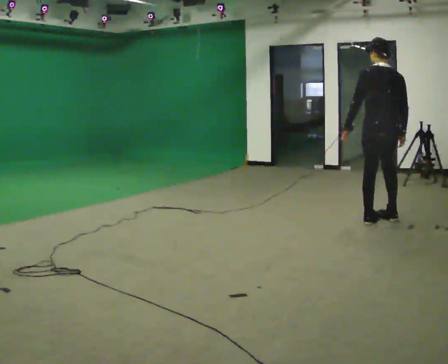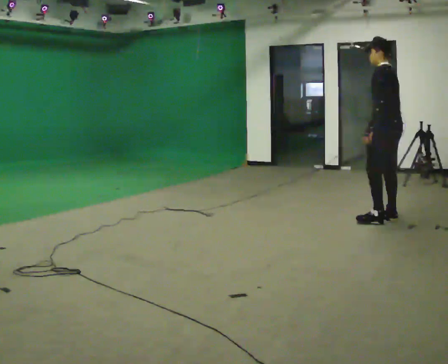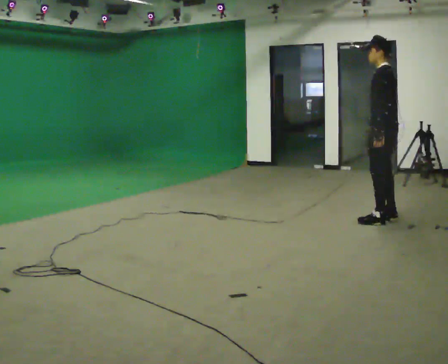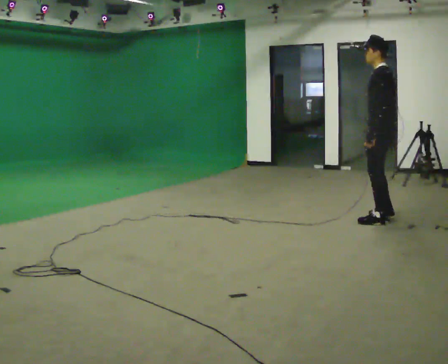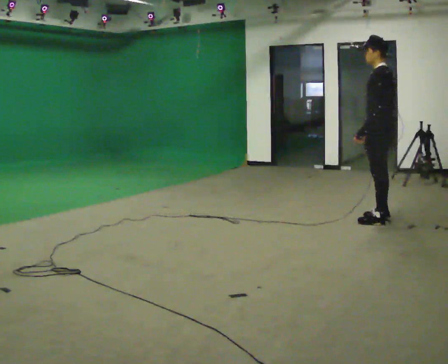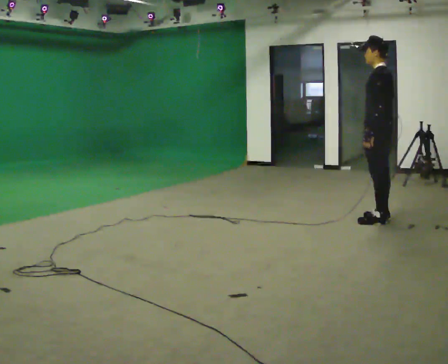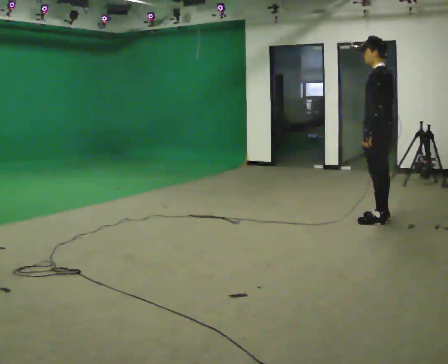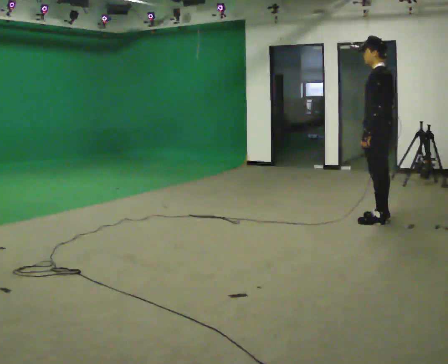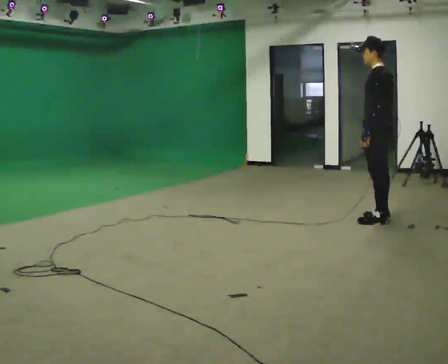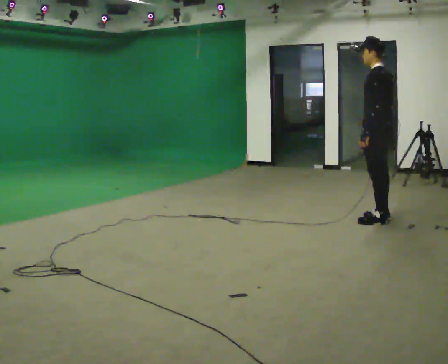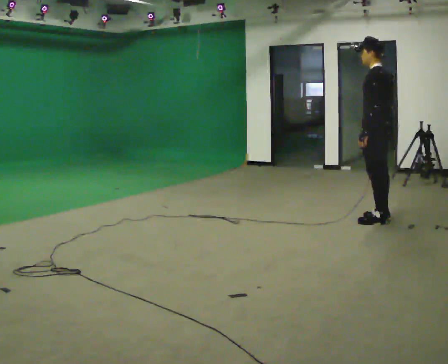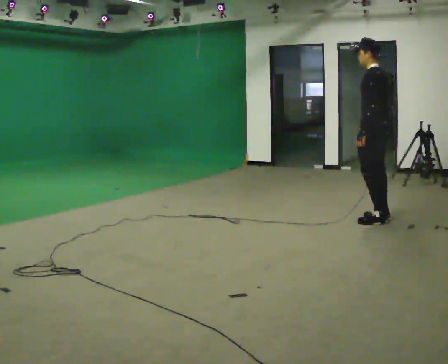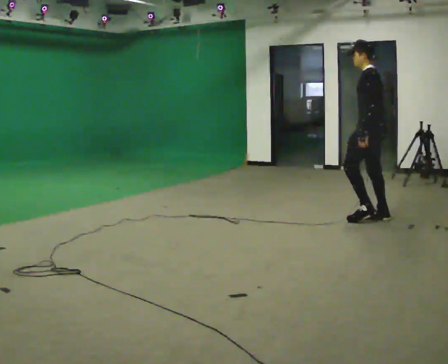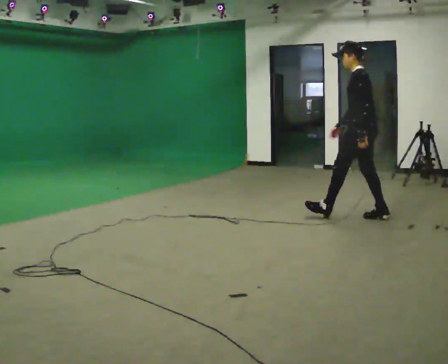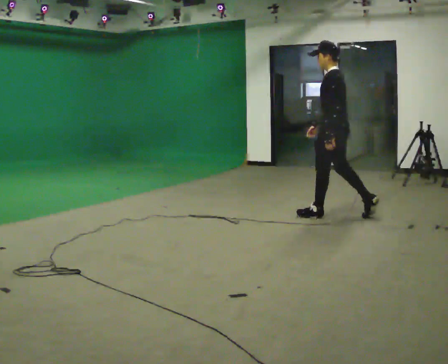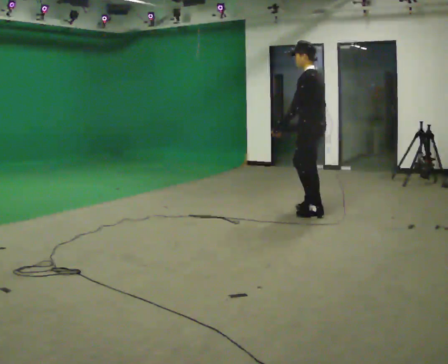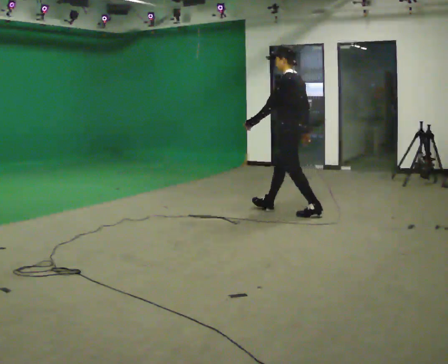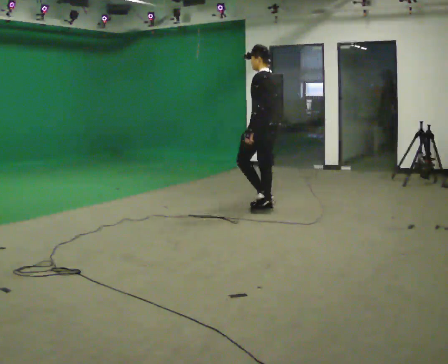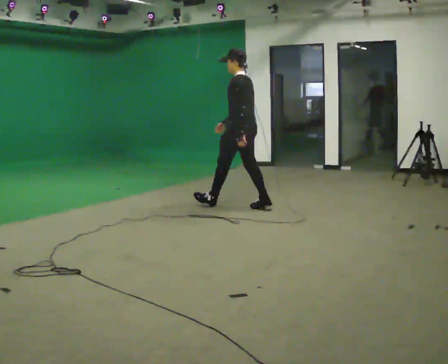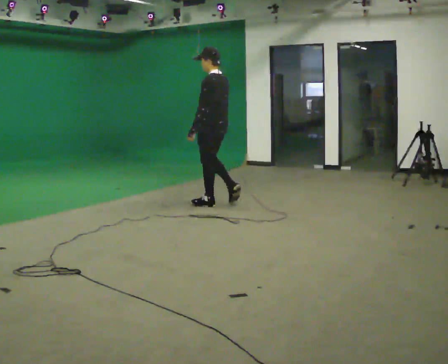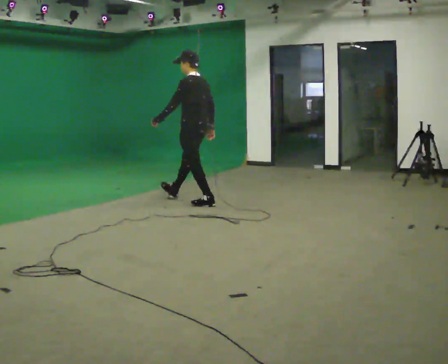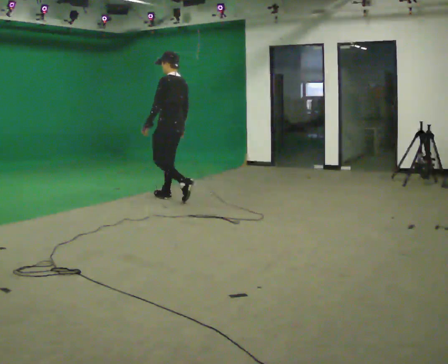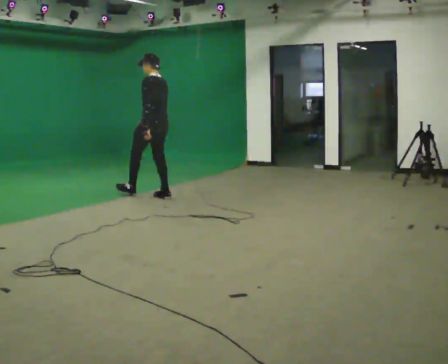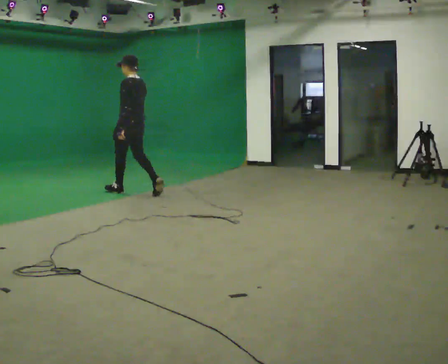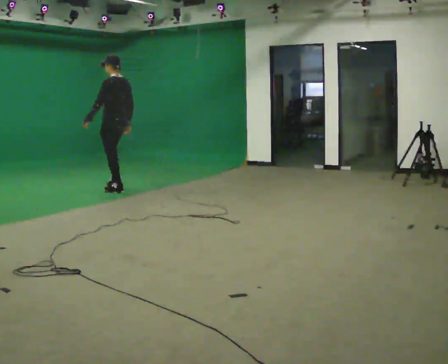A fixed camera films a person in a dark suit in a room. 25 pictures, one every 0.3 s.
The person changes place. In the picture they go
to the left.
0.0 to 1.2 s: The person turns about 60 degrees to their left, counterclockwise seen from above, so the part of the body nearest the lens slides to the right.
1.2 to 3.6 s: The person moves a little, or ends about where they began.
3.6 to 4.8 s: In the picture they go to the left, about 1 m in 2 steps, which for them is forward.
4.8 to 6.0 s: In the picture they go to the left, about 1 m in 1 step, which for them is forward.
6.0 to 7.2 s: In the picture they go to the left, about 1 m in 2 steps, which for them is forward.
The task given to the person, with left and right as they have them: Stand still 2 s; begin walking naturally; walk forward; stop.
The film runs forward here.
